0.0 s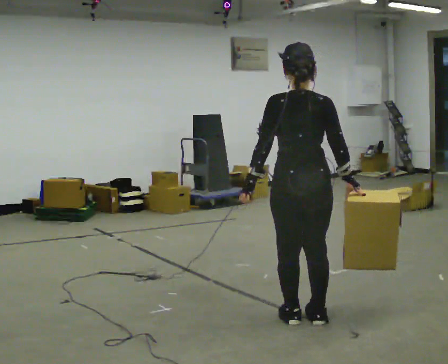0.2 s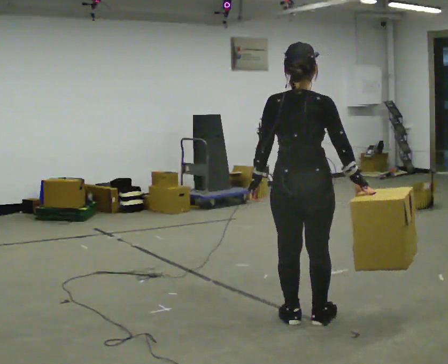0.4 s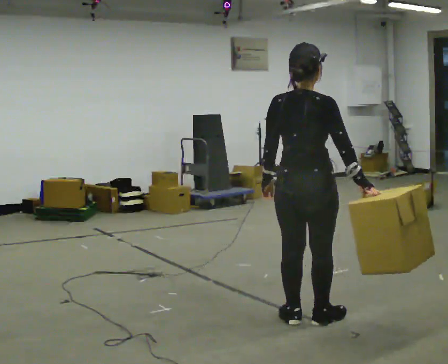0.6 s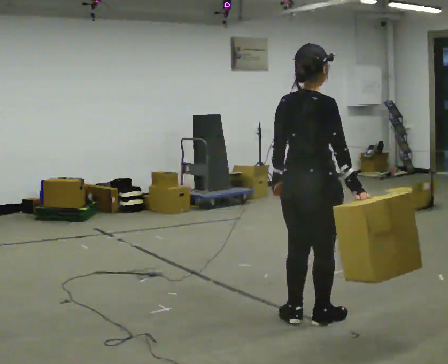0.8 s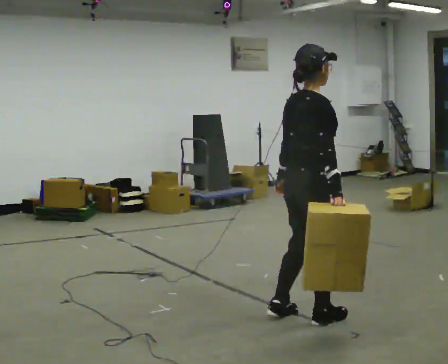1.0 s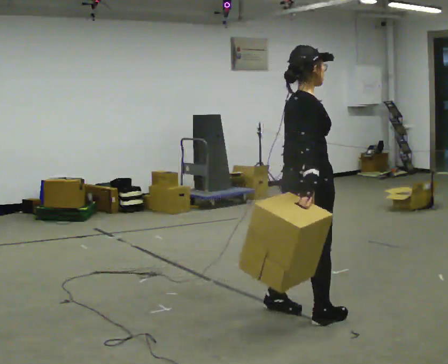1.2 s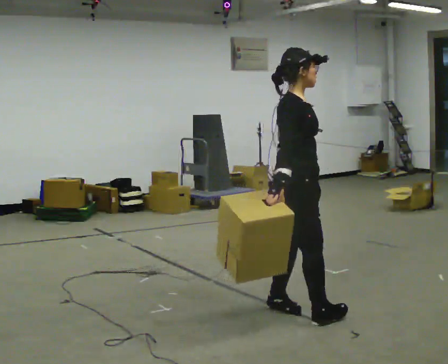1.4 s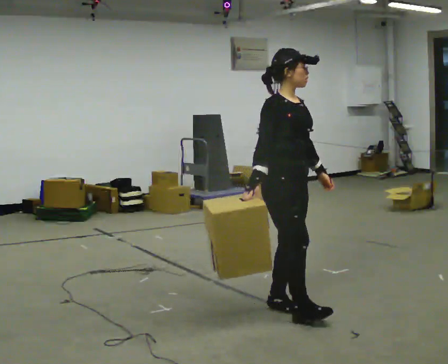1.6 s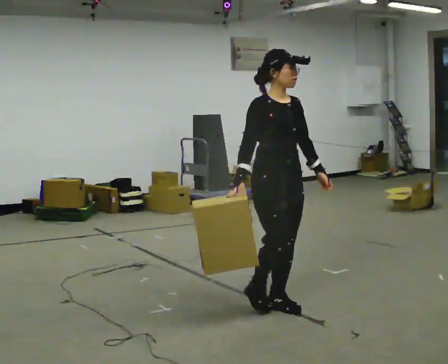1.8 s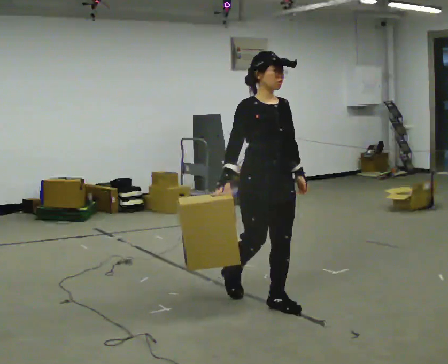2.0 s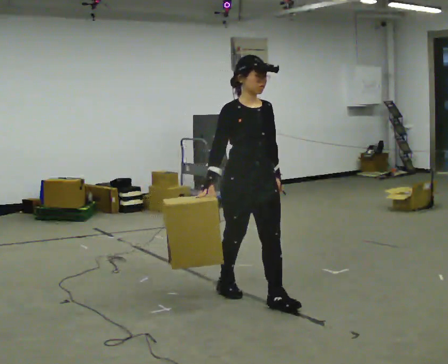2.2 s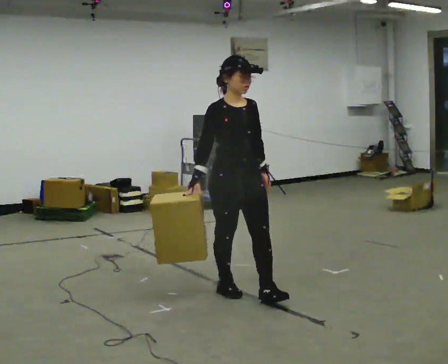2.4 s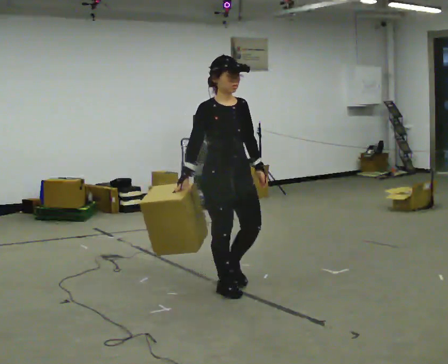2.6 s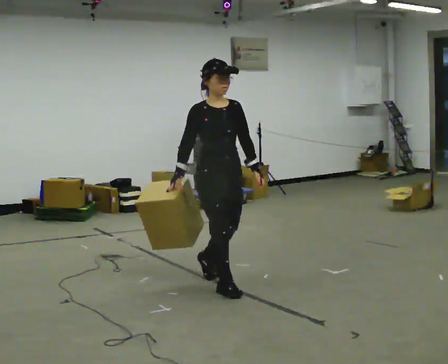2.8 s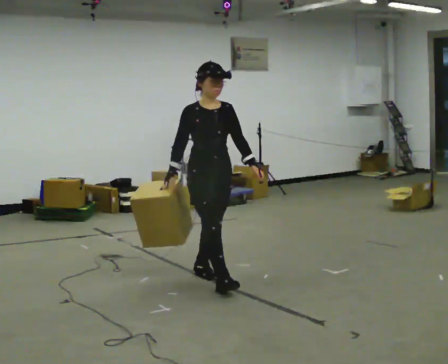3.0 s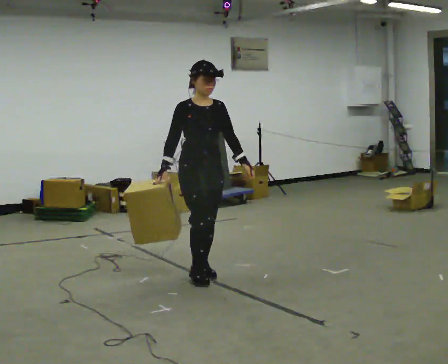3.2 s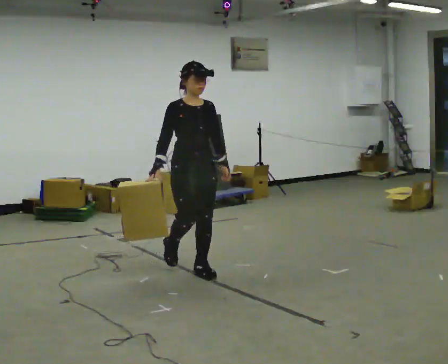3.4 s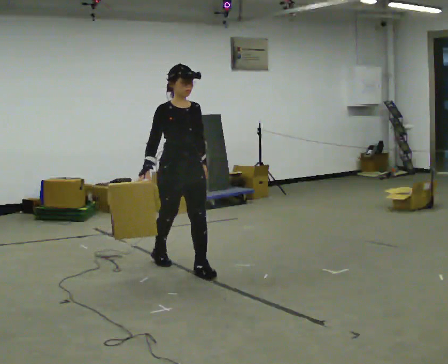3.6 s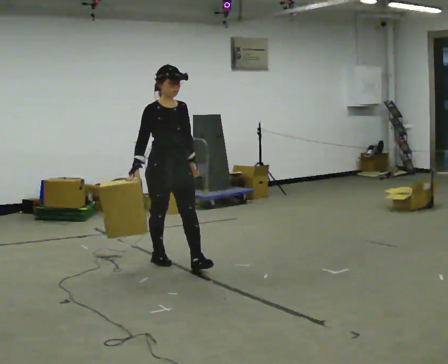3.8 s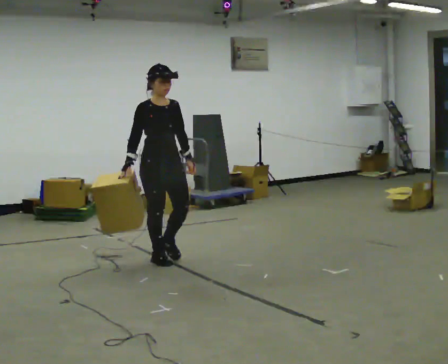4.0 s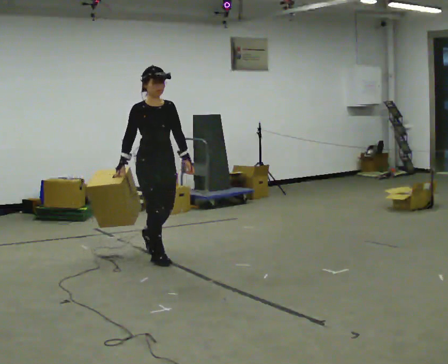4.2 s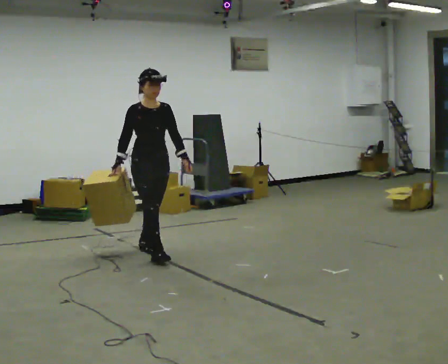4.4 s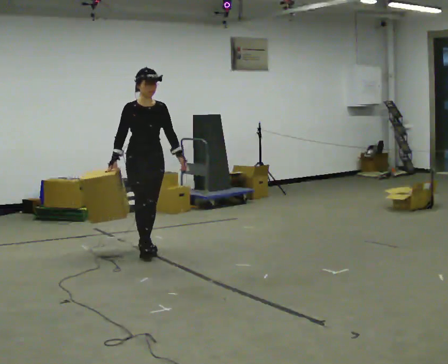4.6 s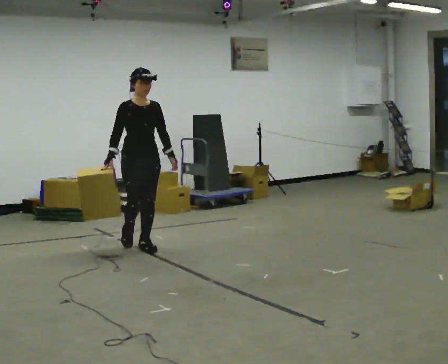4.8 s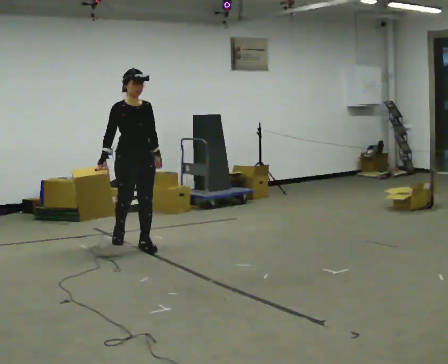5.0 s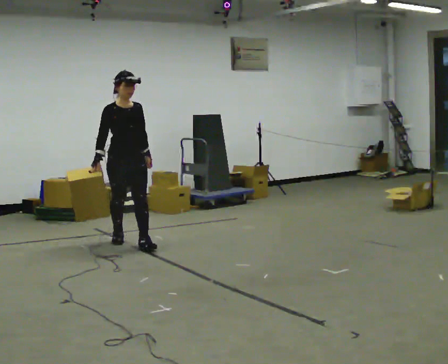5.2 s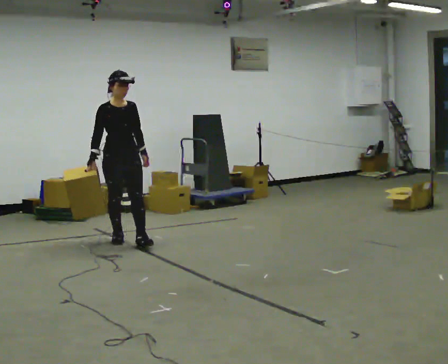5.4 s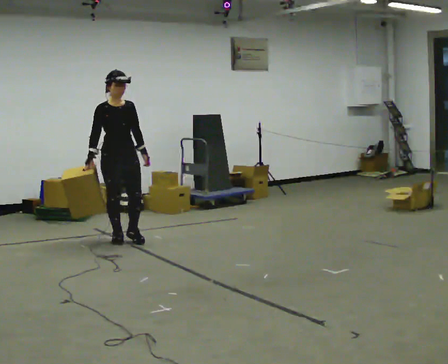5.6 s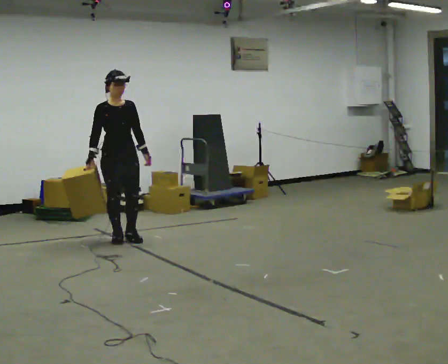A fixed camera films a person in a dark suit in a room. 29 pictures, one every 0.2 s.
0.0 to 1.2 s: The person turns about 105 degrees to their right, clockwise seen from above, so the part of the body nearest the lens slides to the left. In the picture they go away from the camera, about 0.25 m in 1 step. In the picture their right hand goes to the left.
1.2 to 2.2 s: The part of the body nearest the lens slides to the left as the person turns to their right by about 45 degrees. In the picture they go away from the camera and to the left, about 0.5 m in 2 steps, which for them is backward.
2.2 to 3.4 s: In the picture they go away from the camera and to the left, about 1 m in 1 step, which for them is backward.
3.4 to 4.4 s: In the picture they go away from the camera and to the left, about 0.75 m in 2 steps, which for them is backward.
4.4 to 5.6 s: In the picture they go to the left and away from the camera, about 0.5 m in 1 step, which for them is backward.
The film runs backward here.
